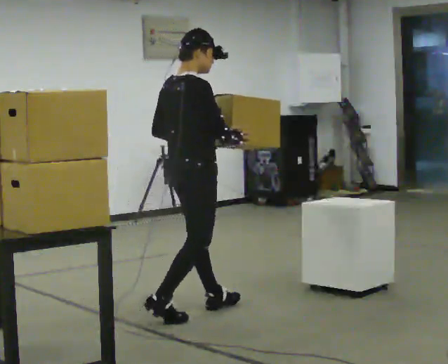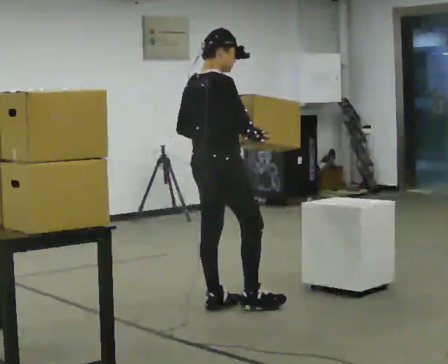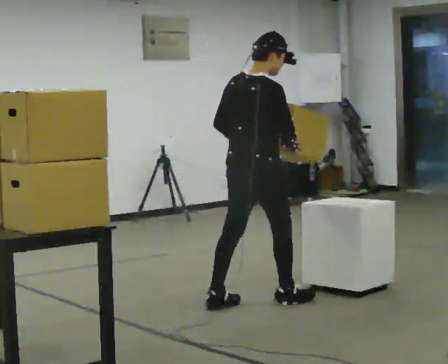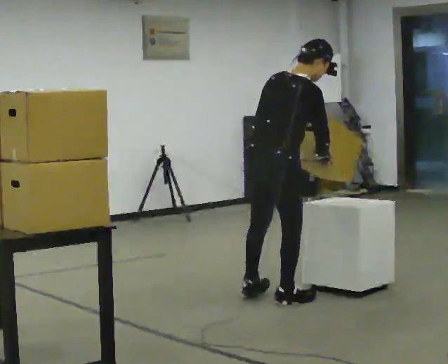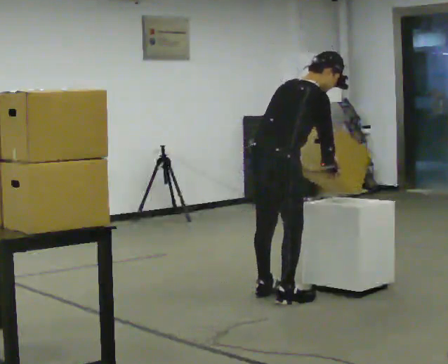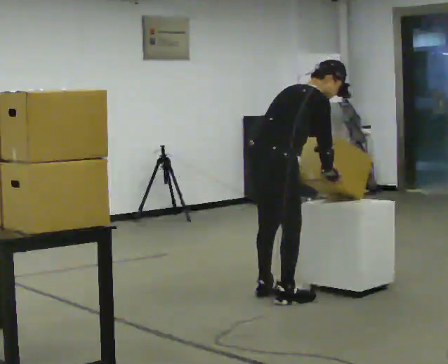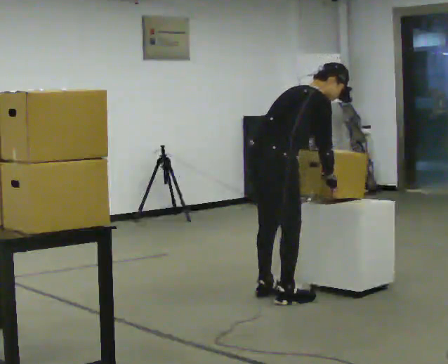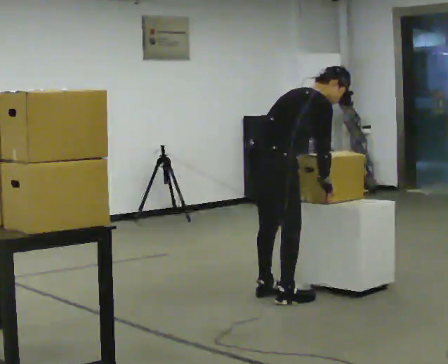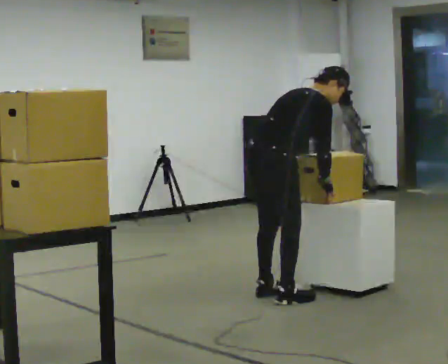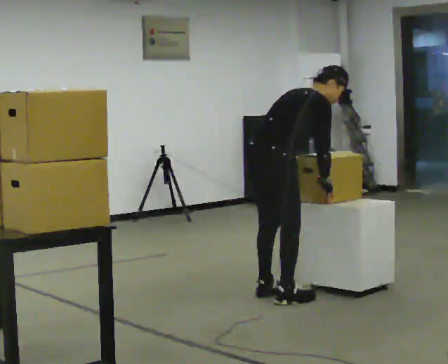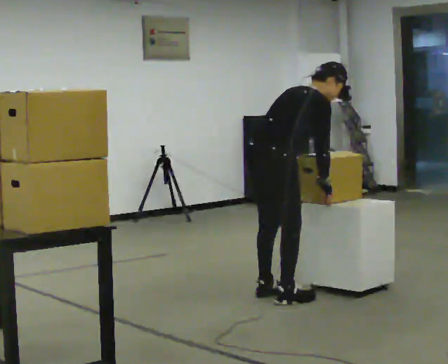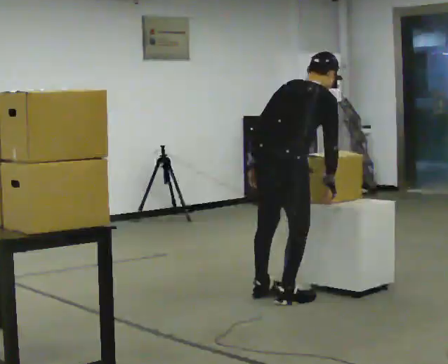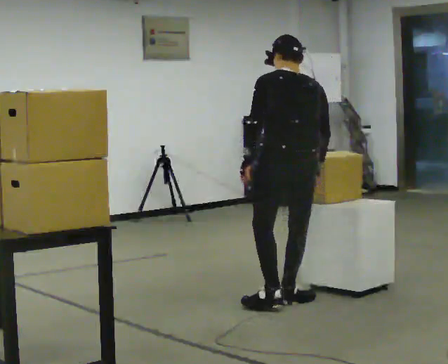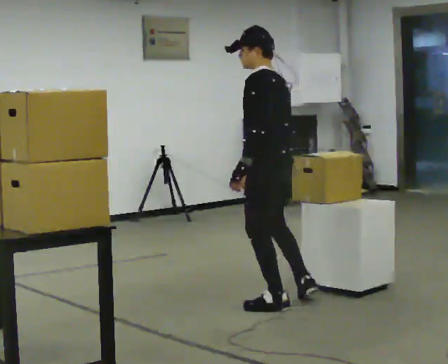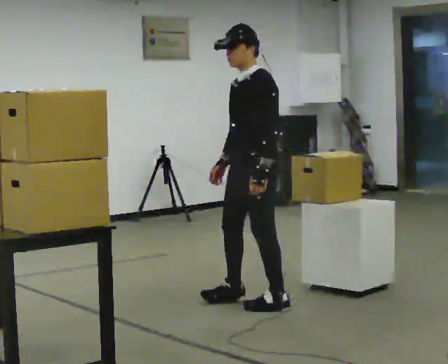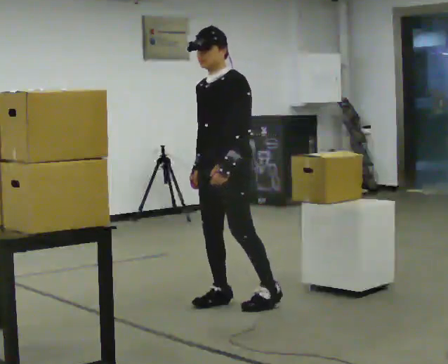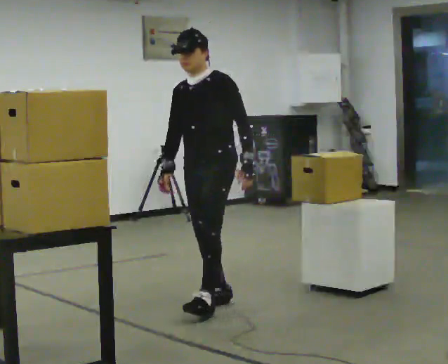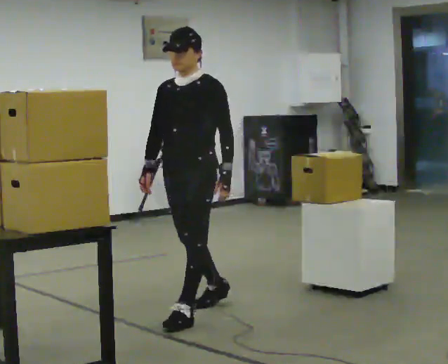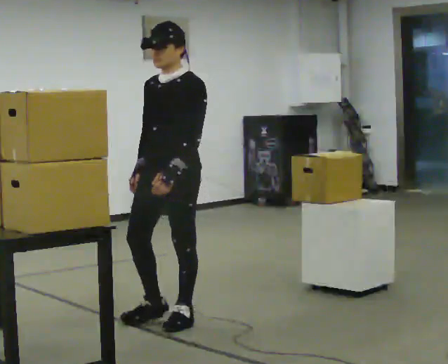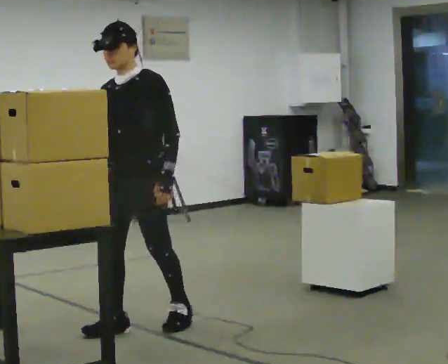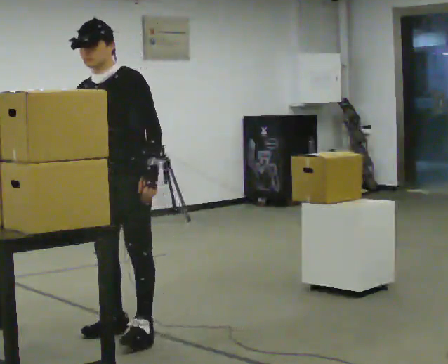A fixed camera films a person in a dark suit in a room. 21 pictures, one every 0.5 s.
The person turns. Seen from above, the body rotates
counterclockwise.
The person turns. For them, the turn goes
to their left.
0.0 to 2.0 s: In the picture they go to the right and away from the camera, about 0.5 m in 2 steps, which for them is forward and to their right. In the picture the upper body tilts clockwise, shoulders to the right, as they bend forward.
2.0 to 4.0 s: The person moves a little, or ends about where they began.
4.0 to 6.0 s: The part of the body nearest the lens slides to the right as the person turns to their left by about 75 degrees. In the picture the upper body tilts counterclockwise, shoulders to the left, as they lean back or straighten.
6.0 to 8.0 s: The person turns about 120 degrees to their left, counterclockwise seen from above, so the part of the body nearest the lens slides to the right. In the picture they go to the left, about 0.5 m in 2 steps. The upper body tips toward the camera, its near side rolling downward.
8.0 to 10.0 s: In the picture they go toward the camera and to the left, about 1 m in 2 steps, which for them is forward.
The film runs forward here.
